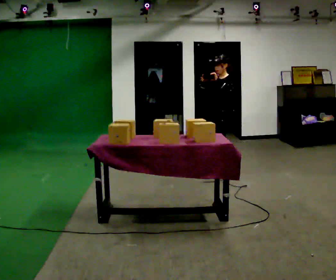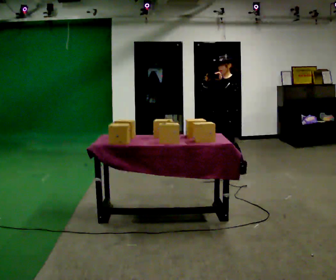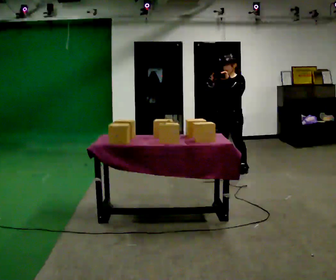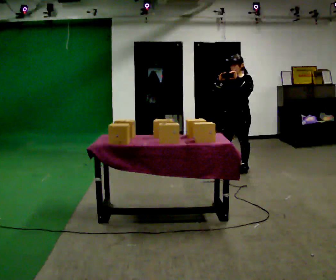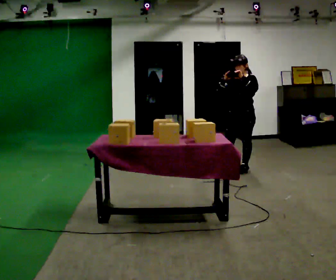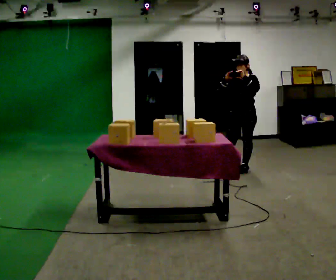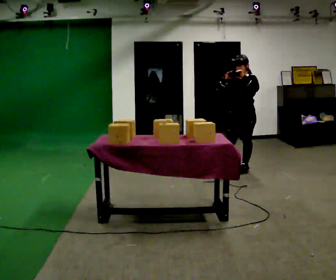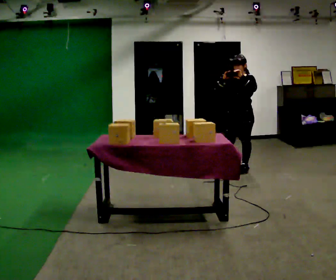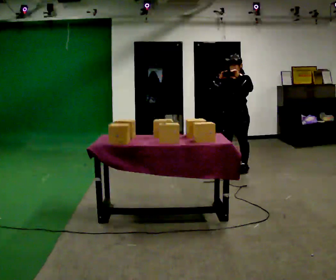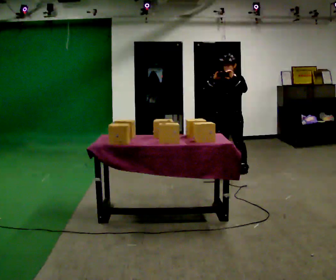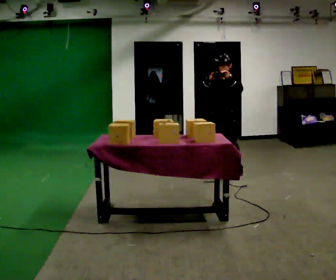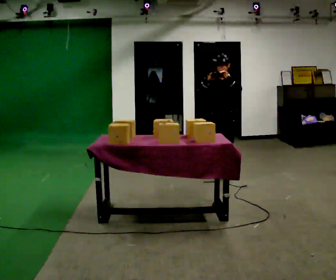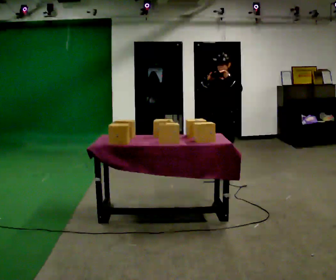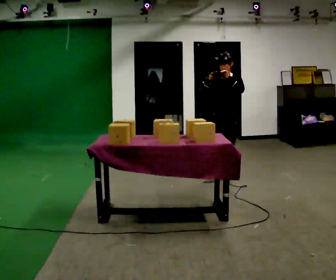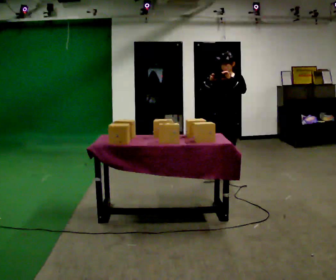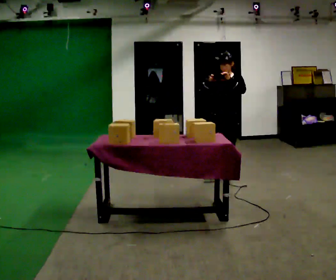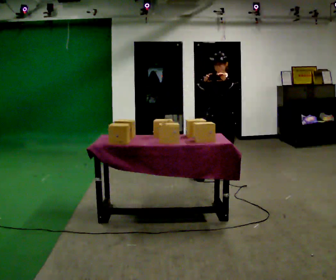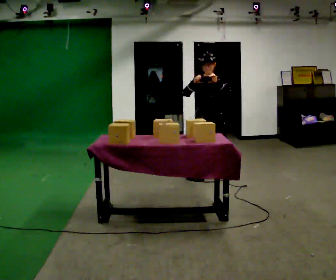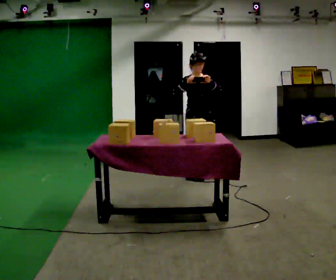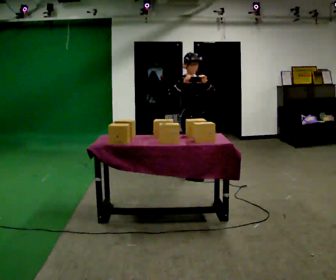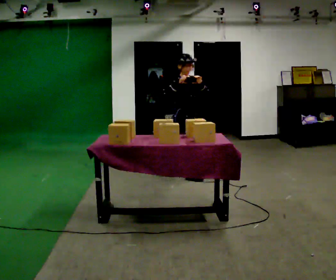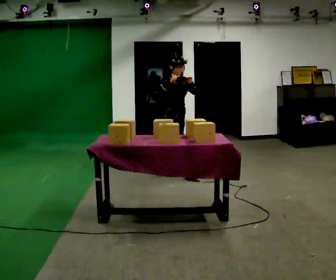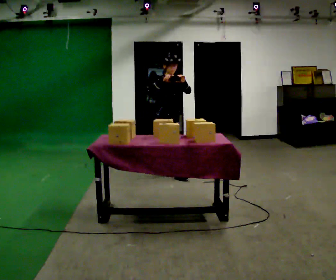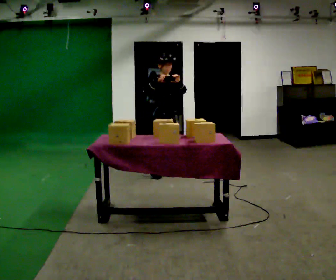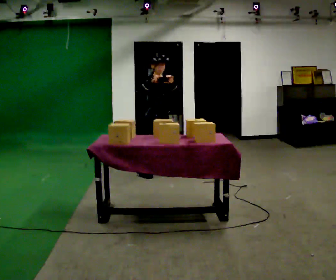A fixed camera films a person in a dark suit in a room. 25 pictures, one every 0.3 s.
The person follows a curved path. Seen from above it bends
clockwise.
The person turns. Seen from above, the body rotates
counterclockwise.
0.0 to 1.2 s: The part of the body nearest the lens slides to the right as the person turns to their left by about 30 degrees. In the picture they go to the right, about 0.25 m, which for them is to their left.
1.2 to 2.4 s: The person moves a little, or ends about where they began.
2.4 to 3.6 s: In the picture they go to the left, about 0.25 m in 1 step, which for them is to their right and forward.
3.6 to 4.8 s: Seen from above the body turns counterclockwise, about 30 degrees: to their left, with its near side sliding to the right. In the picture they go toward the camera, about 0.25 m in 1 step, which for them is forward.
4.8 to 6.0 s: Seen from above the body turns counterclockwise, about 60 degrees: to their left, with its near side sliding to the right. In the picture they go to the left, about 0.5 m in 1 step, which for them is to their right and backward.
6.0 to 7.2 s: In the picture they go to the left, about 0.5 m in 1 step, which for them is backward.
The film runs backward here.
